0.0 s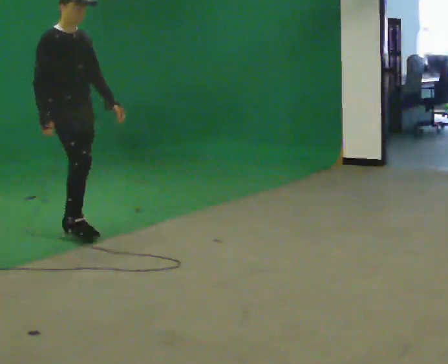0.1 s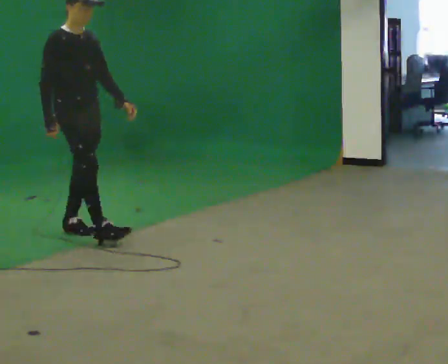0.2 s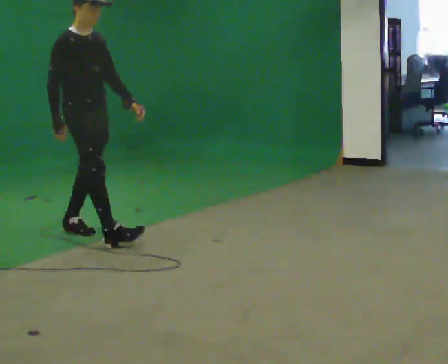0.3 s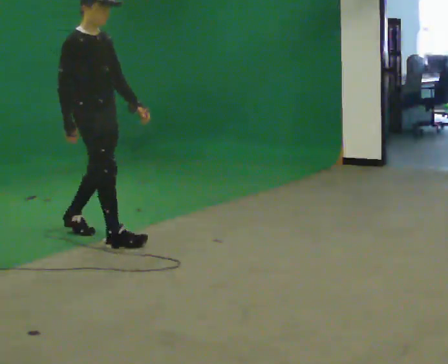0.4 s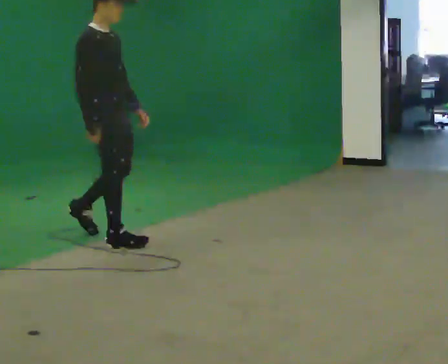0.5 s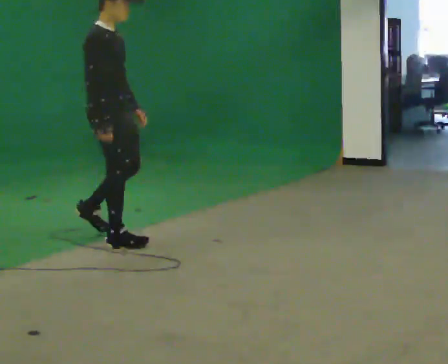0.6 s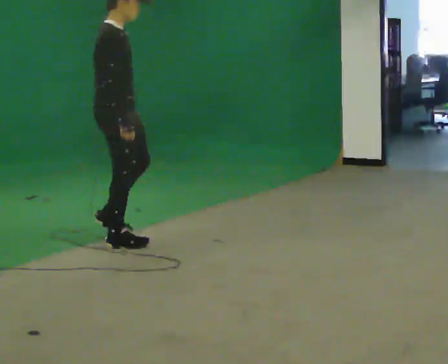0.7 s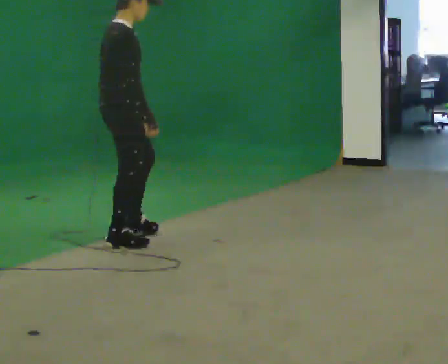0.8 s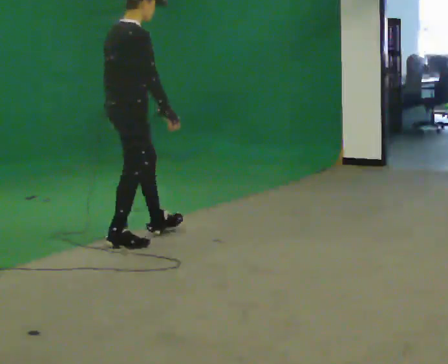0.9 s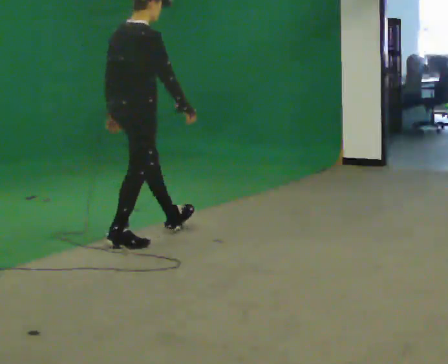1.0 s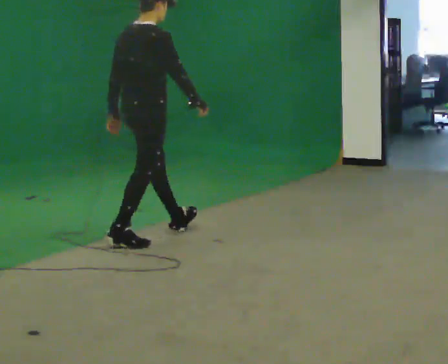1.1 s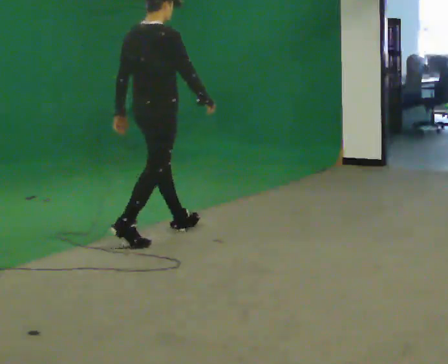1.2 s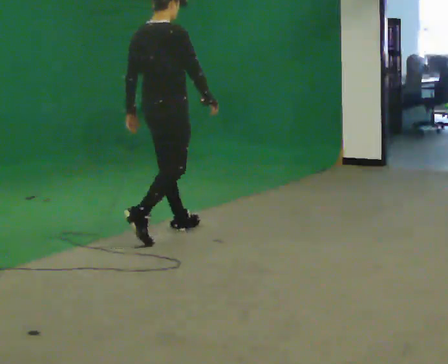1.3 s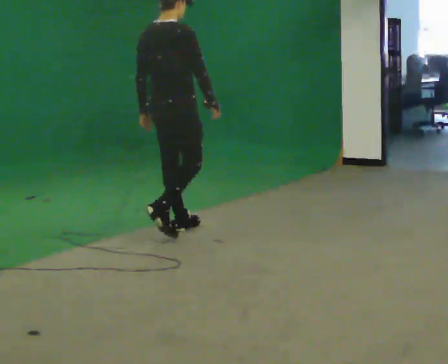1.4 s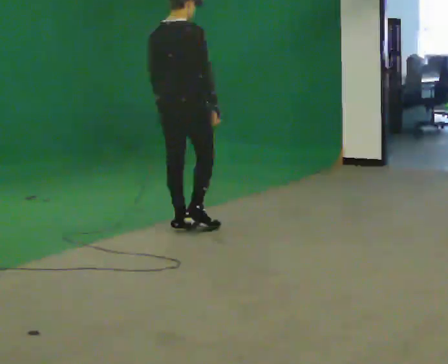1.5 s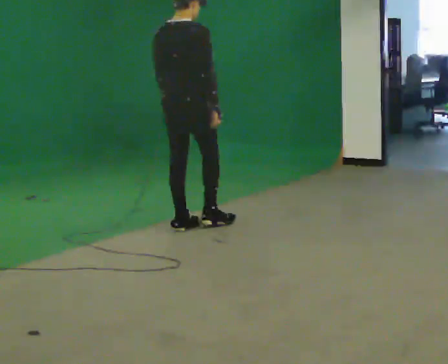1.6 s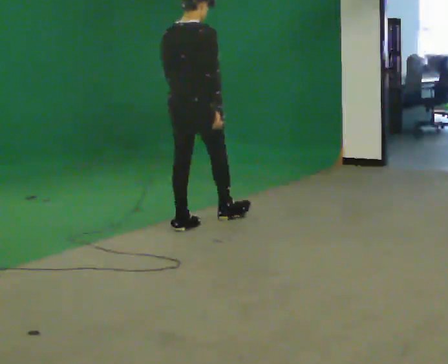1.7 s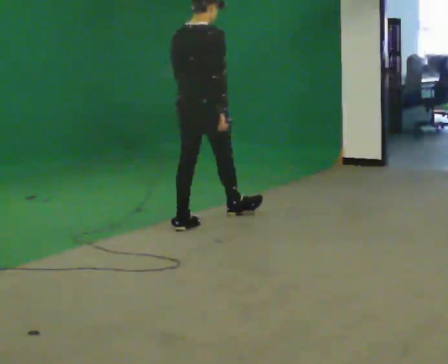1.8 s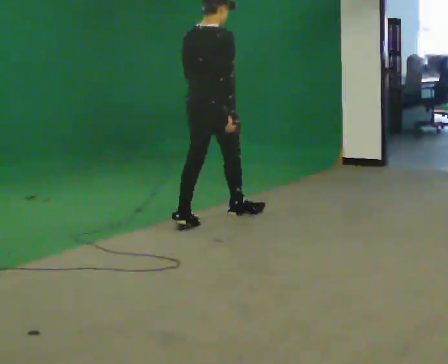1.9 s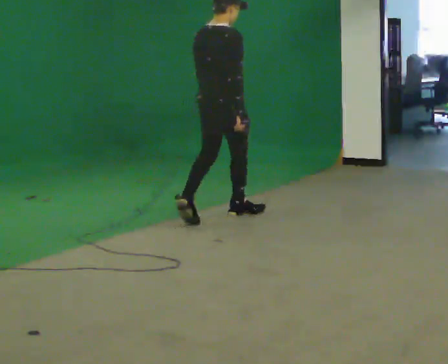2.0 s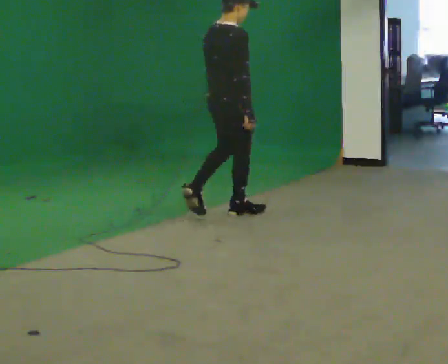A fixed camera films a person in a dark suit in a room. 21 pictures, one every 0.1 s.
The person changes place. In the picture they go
to the right.
The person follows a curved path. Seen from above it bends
counterclockwise.
0.0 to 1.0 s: The part of the body nearest the lens slides to the right as the person turns to their left by about 75 degrees. In the picture they go to the right and toward the camera, about 0.5 m in 2 steps.
1.0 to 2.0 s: In the picture they go to the right and away from the camera, about 1 m in 1 step, which for them is forward.
The film runs forward here.
